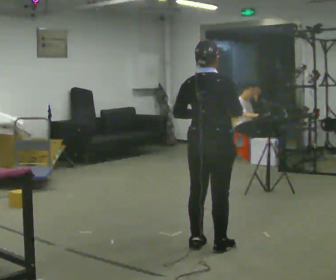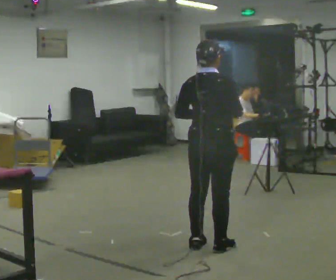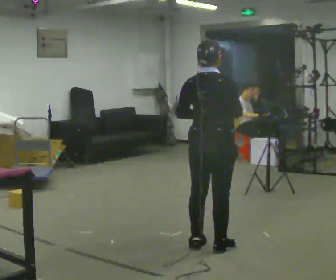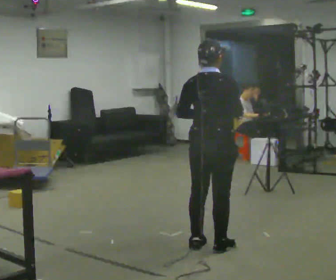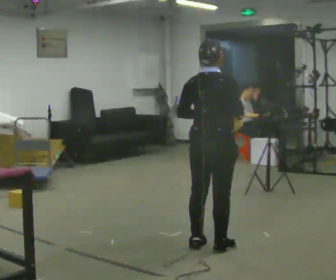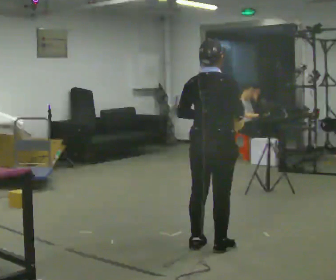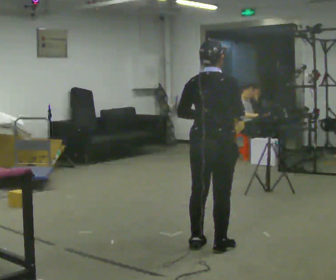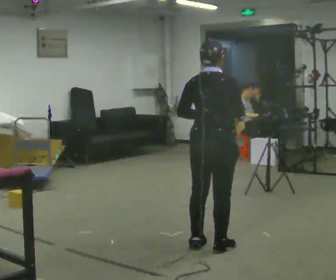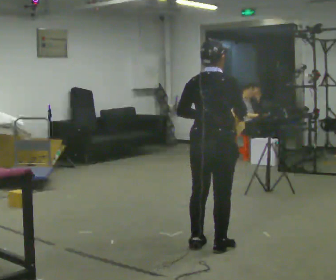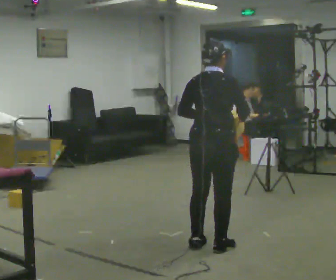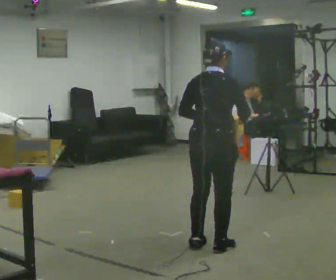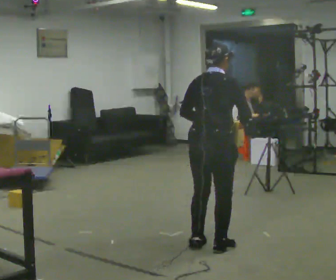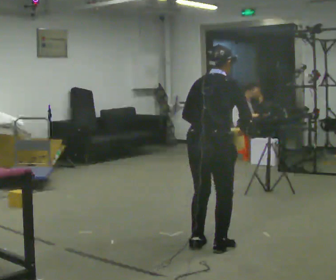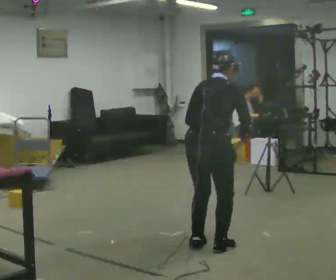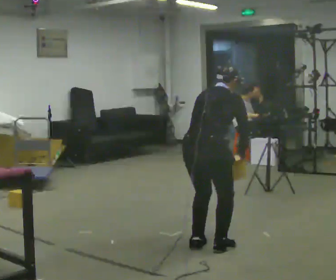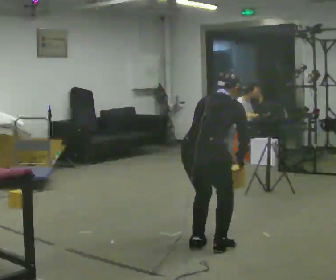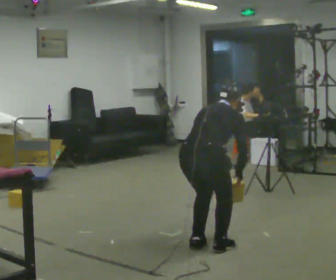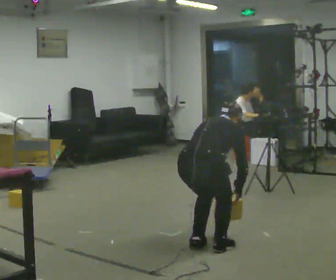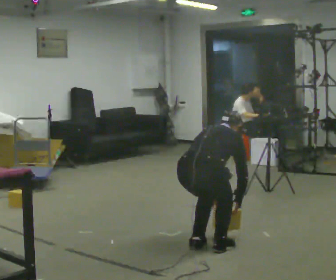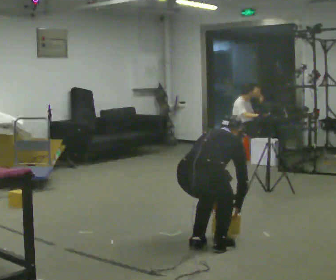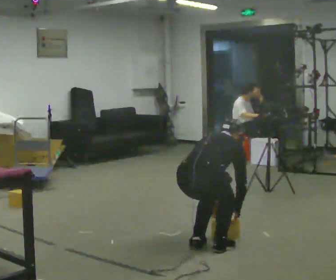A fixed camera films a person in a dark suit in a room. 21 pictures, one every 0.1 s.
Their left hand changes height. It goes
downward.
The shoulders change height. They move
downward.
0.0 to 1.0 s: The person moves a little, or ends about where they began.
1.0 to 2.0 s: The upper body goes downward. The upper body tips away from the camera, its near side rolling upward, as they bend forward. In the picture their right hand goes downward.
The film runs backward here.
